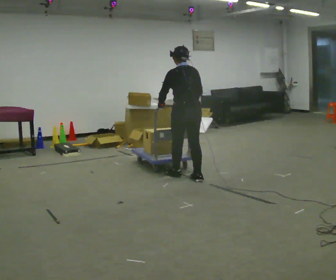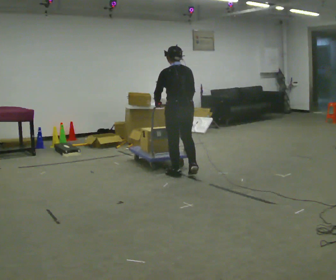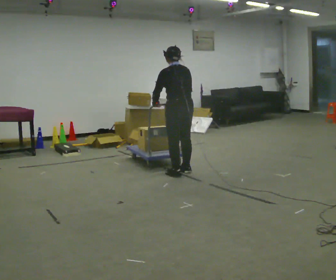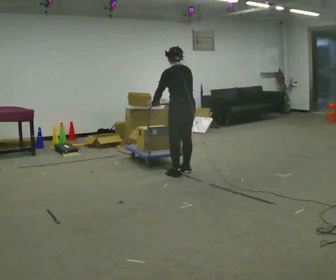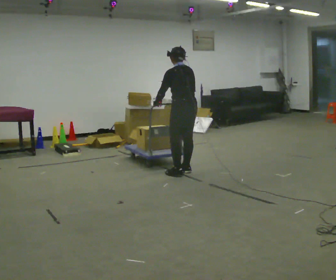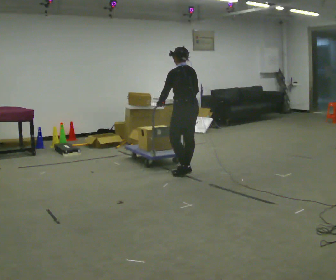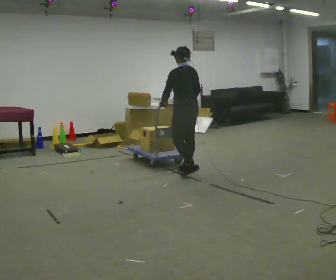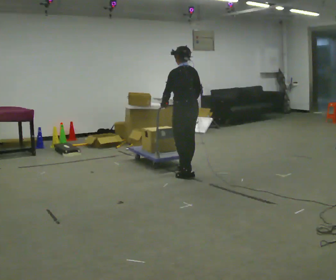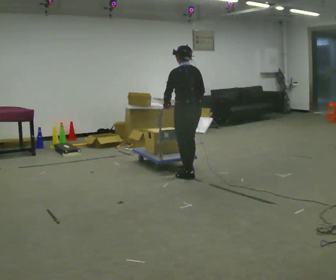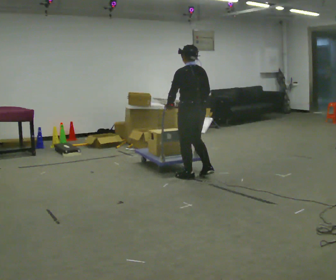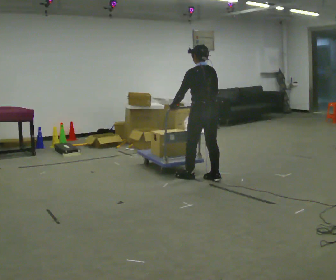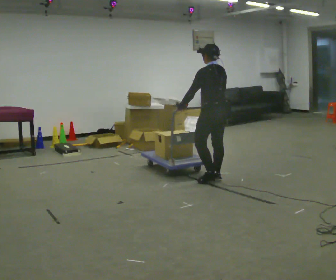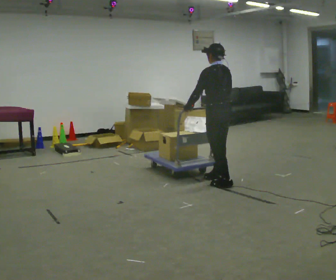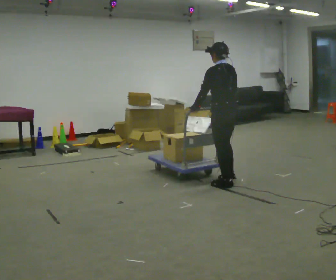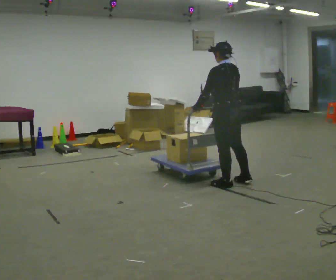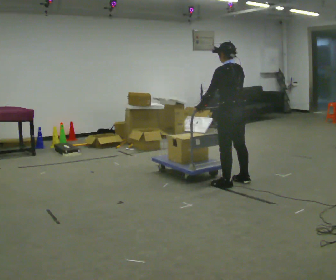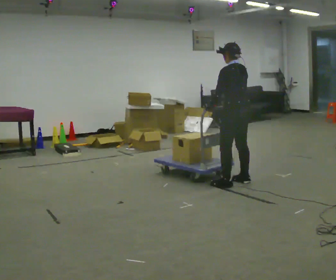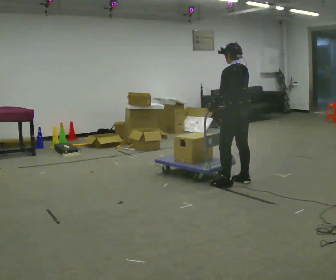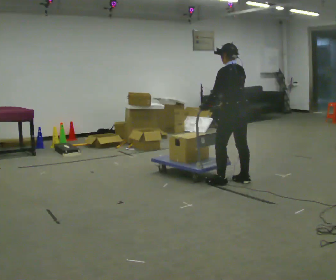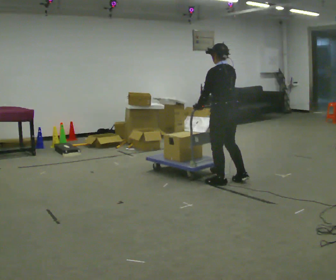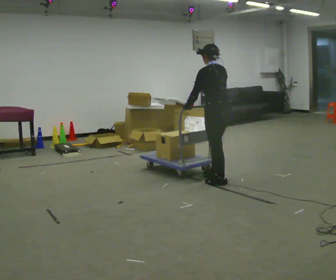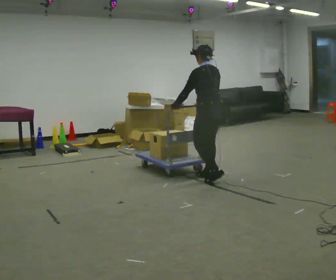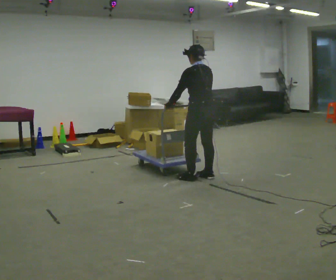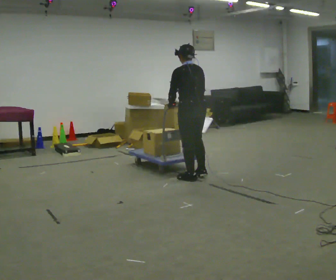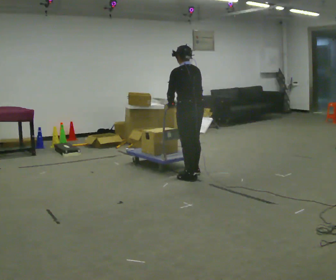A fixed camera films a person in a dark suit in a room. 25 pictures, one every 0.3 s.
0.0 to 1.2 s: In the picture they go away from the camera, about 0.25 m in 1 step, which for them is forward and to their right.
1.2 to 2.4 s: In the picture they go toward the camera, about 0.25 m in 1 step, which for them is backward and to their left.
2.4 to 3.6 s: In the picture they go to the right and toward the camera, about 0.5 m in 2 steps, which for them is backward.
3.6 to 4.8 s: In the picture they go to the right, about 0.25 m in 1 step, which for them is to their right.
4.8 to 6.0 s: In the picture they go to the left, about 0.25 m, which for them is forward and to their left. In the picture their left hand goes to the left.
6.0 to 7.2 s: In the picture they go to the left and away from the camera, about 0.25 m in 3 steps, which for them is forward.
The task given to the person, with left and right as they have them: Get the cart into the marked parking space and lined up with the tape. Take as many adjustments as you need. Then take it out again and repeat.
The film runs forward here.
